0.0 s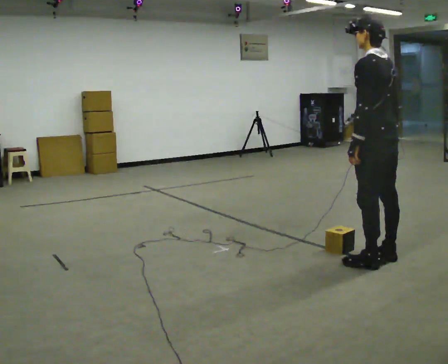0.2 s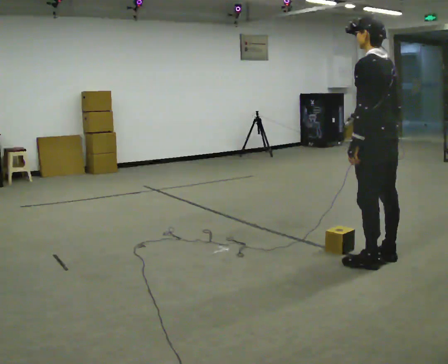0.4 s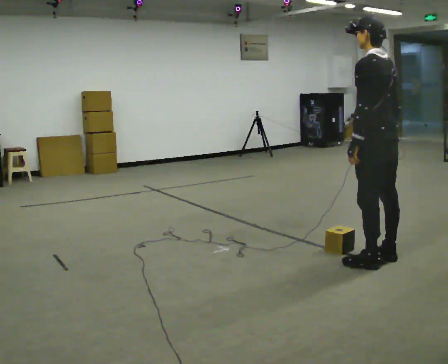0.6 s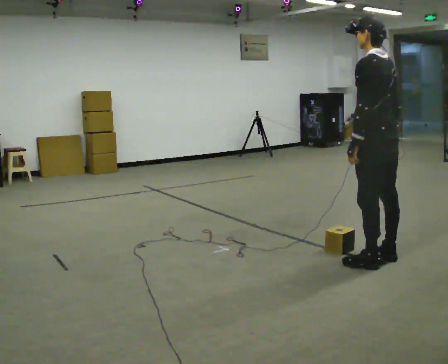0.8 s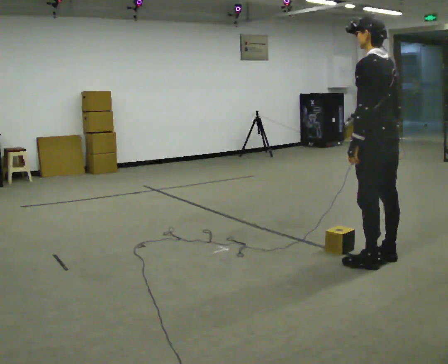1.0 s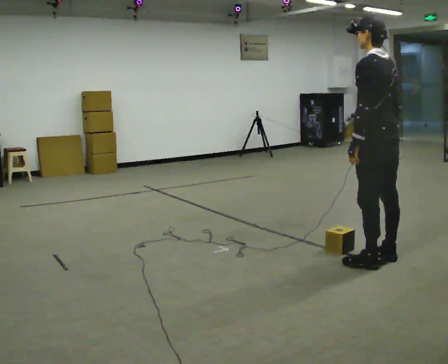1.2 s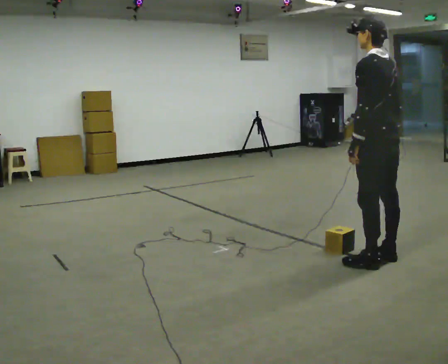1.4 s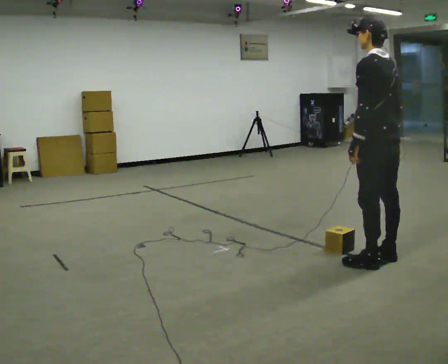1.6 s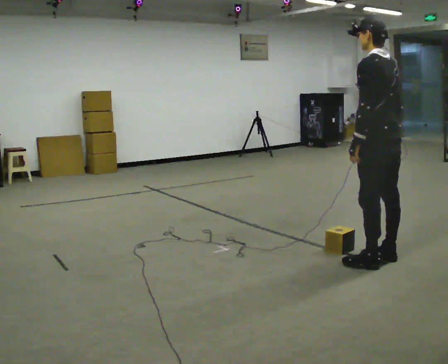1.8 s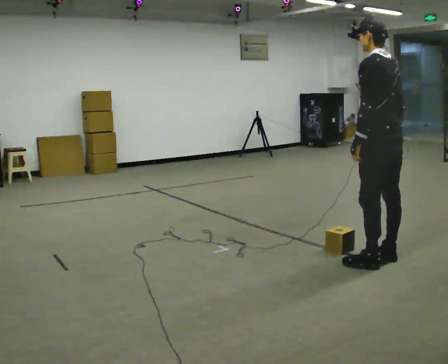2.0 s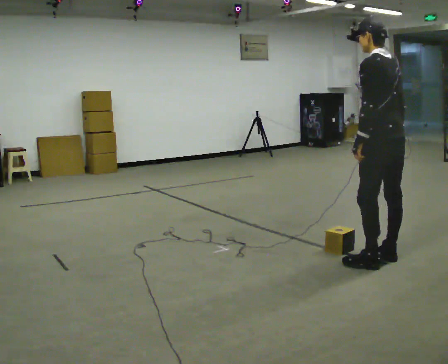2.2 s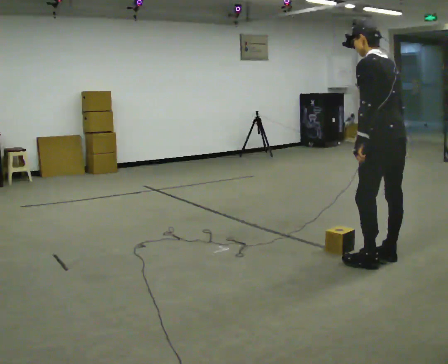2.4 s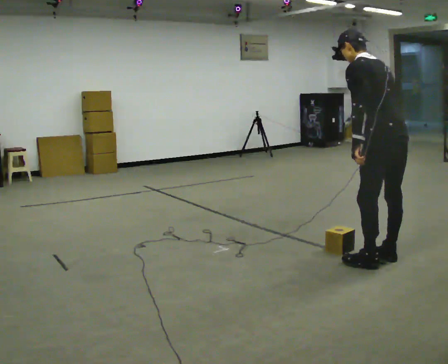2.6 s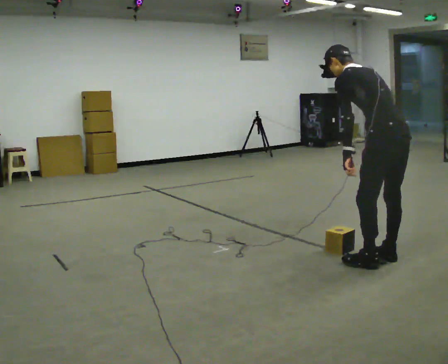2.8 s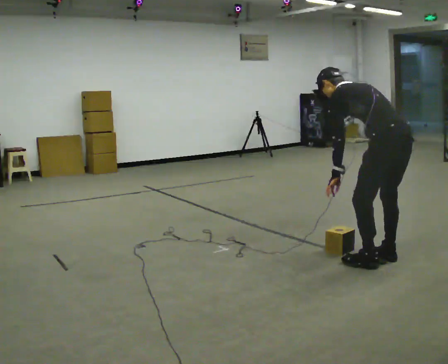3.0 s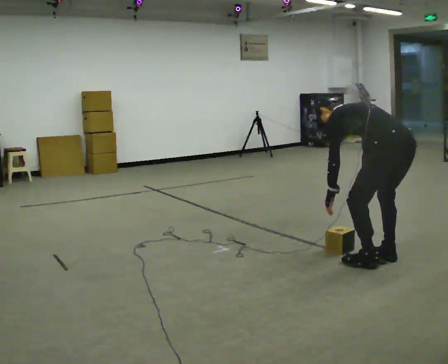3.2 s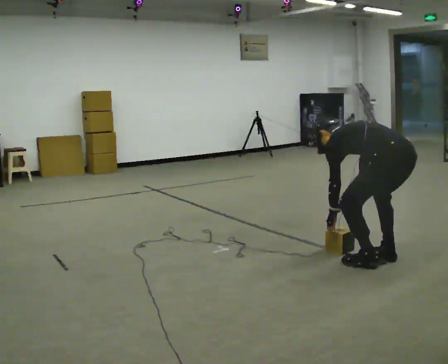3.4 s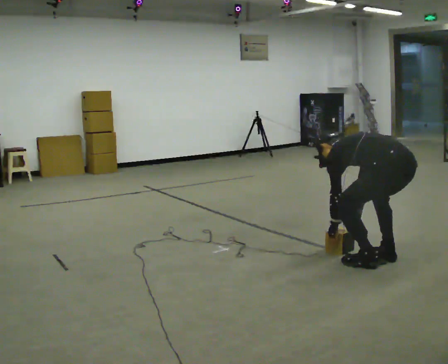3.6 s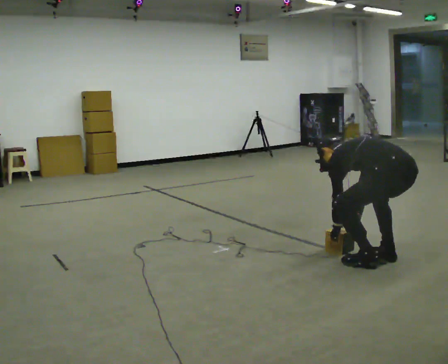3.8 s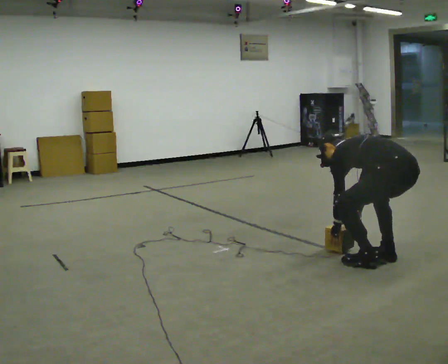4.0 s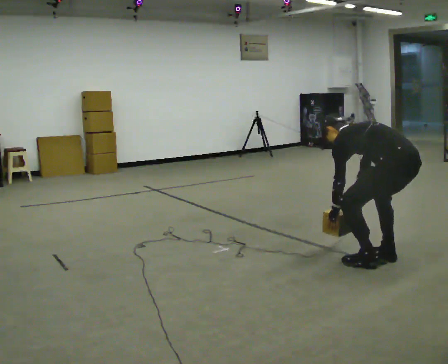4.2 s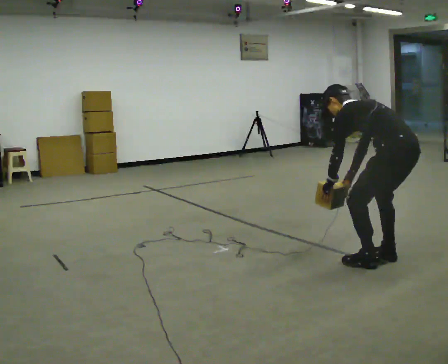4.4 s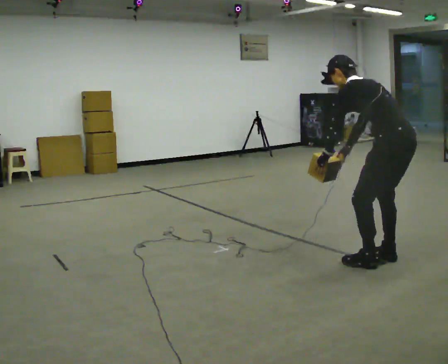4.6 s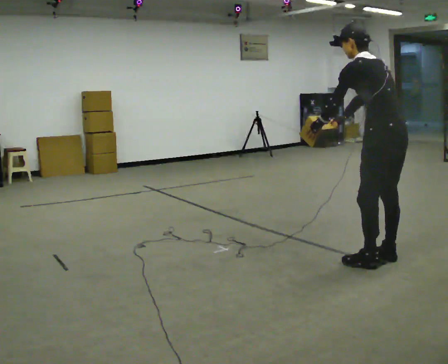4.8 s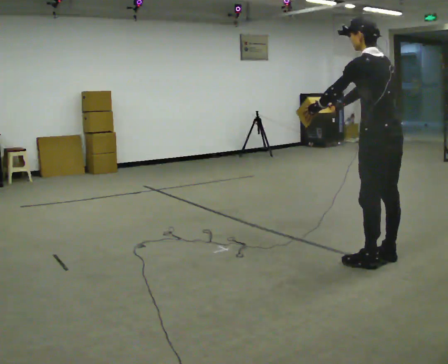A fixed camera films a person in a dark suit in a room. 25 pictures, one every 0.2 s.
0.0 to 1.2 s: The person keeps their place and pose.
1.2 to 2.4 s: In the picture the upper body tilts counterclockwise, shoulders to the left, as they bend forward.
2.4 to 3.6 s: The shoulders move downward. In the picture the upper body tilts counterclockwise, shoulders to the left, as they bend forward. In the picture their left hand goes downward.
3.6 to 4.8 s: The upper body goes upward. In the picture the upper body tilts clockwise, shoulders to the right, as they lean back or straighten. In the picture their right hand goes upward, the arm swinging clockwise.
The film runs forward here.
